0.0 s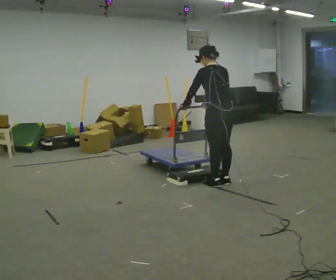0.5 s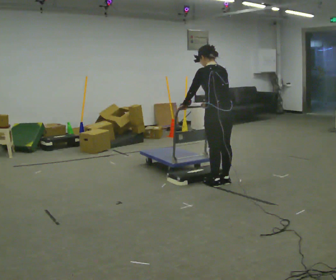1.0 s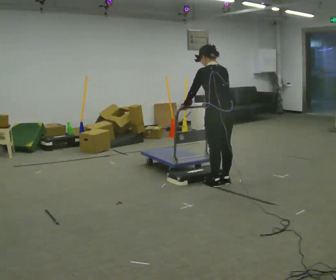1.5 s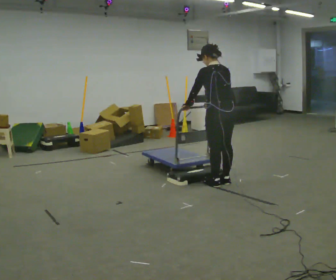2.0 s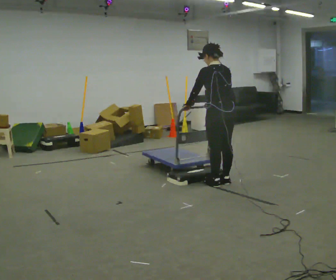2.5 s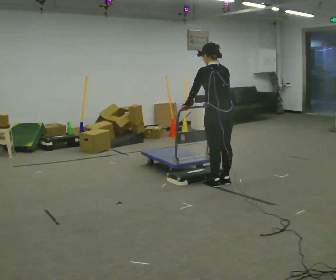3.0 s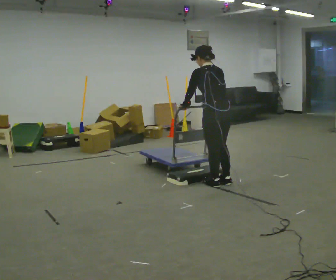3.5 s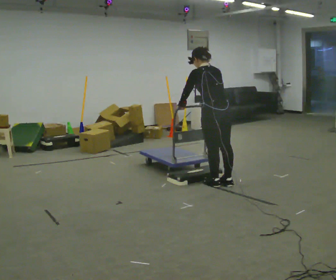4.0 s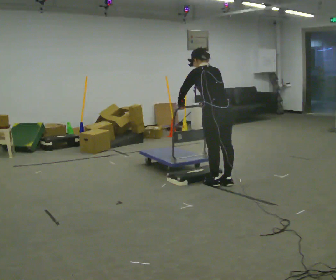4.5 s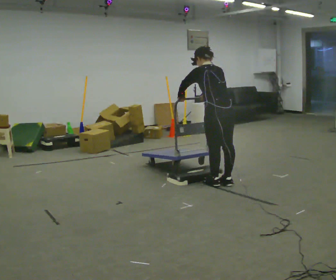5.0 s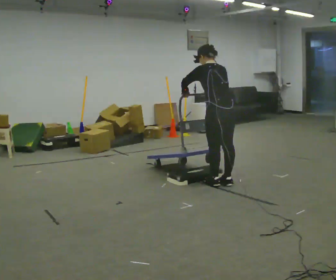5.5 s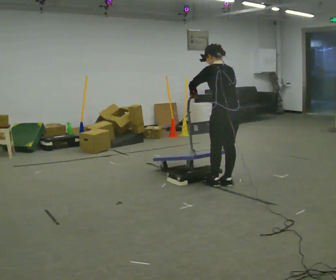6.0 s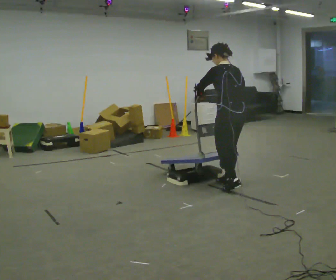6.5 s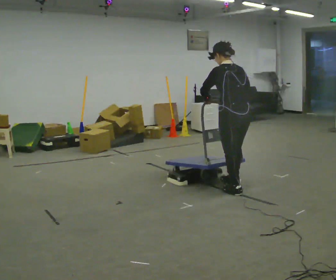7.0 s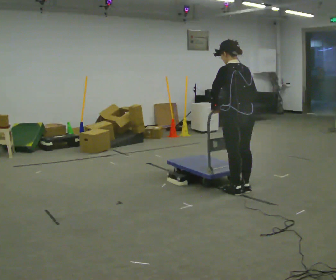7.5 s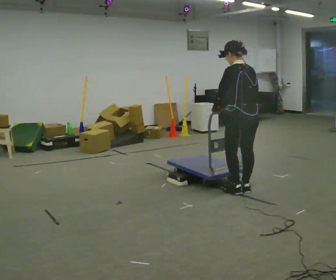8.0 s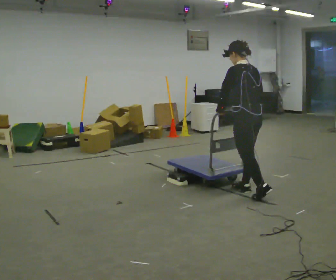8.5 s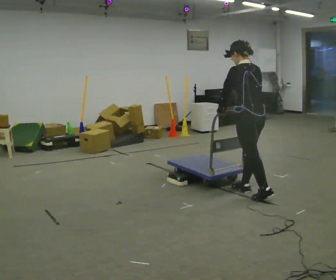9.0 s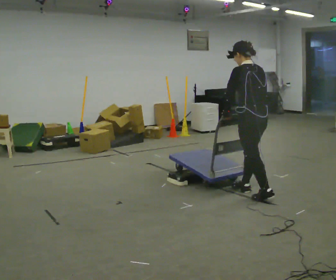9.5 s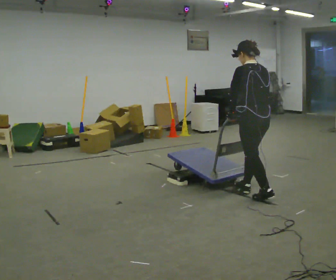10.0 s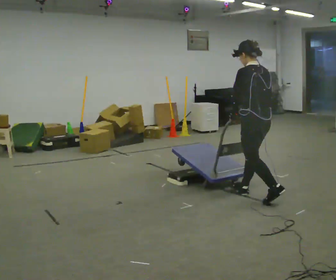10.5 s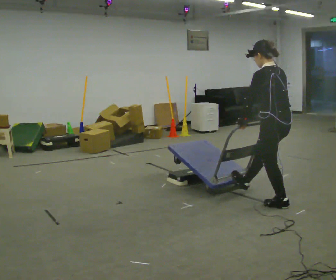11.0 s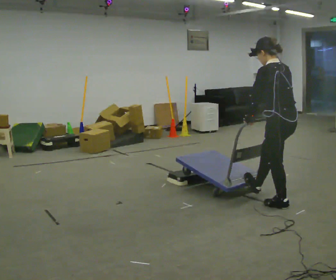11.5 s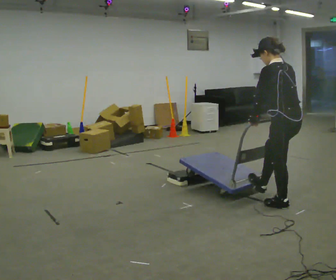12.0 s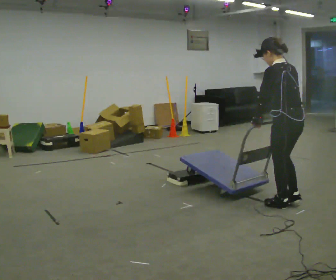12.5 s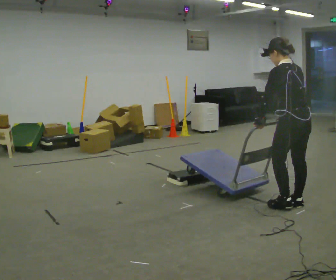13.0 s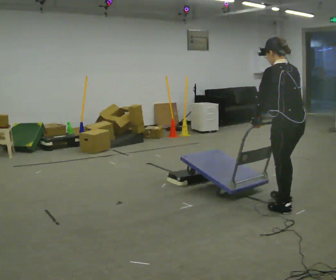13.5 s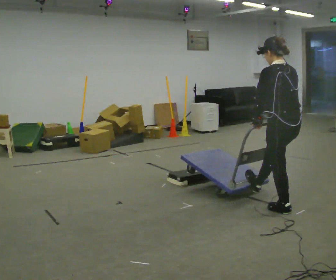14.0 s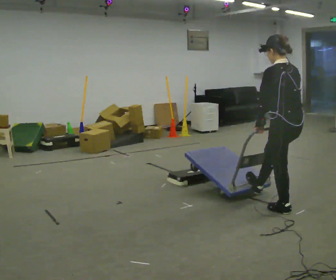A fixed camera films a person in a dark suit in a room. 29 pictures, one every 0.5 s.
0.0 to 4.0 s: The person moves a little, or ends about where they began.
4.0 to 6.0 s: In the picture they go to the right, about 0.25 m in 1 step, which for them is backward. In the picture the upper body tilts clockwise, shoulders to the right, as they lean back or straighten.
6.0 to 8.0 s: In the picture they go to the right and toward the camera, about 0.25 m in 2 steps, which for them is backward.
8.0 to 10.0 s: In the picture they go toward the camera, about 0.25 m in 1 step, which for them is backward.
10.0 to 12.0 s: In the picture they go to the right and toward the camera, about 0.5 m in 2 steps, which for them is backward.
12.0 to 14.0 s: The person moves a little, or ends about where they began.
The film runs backward here.
